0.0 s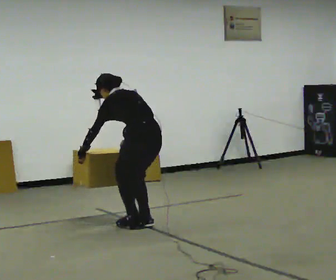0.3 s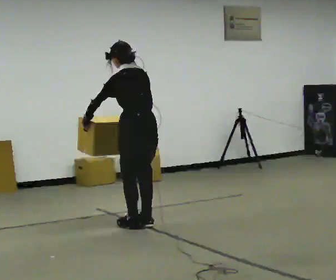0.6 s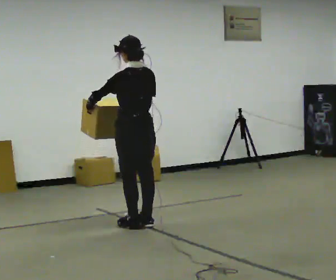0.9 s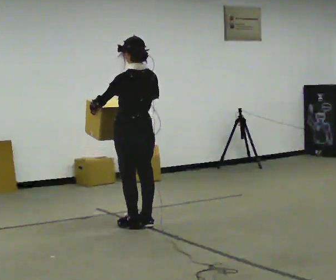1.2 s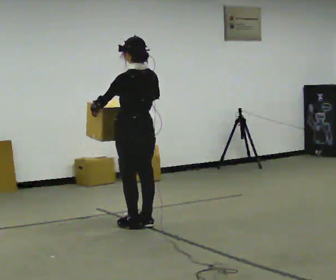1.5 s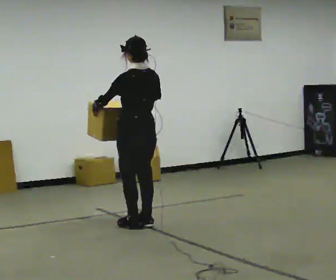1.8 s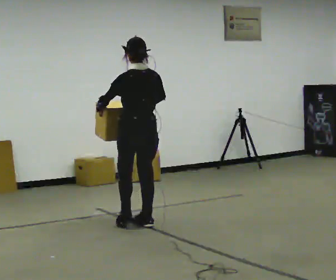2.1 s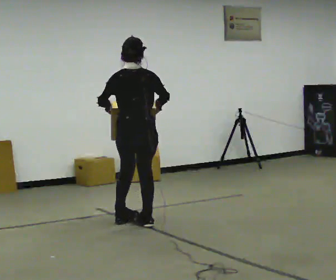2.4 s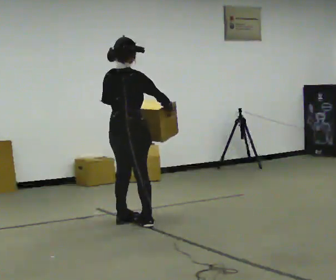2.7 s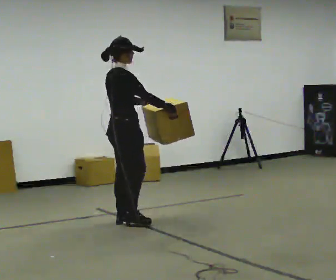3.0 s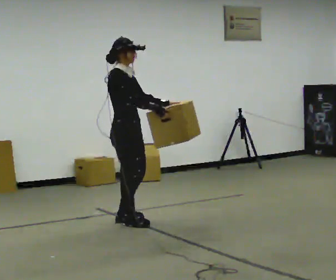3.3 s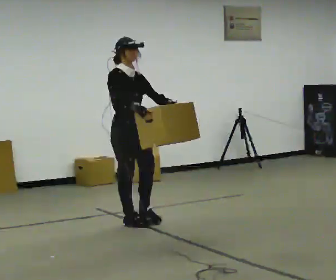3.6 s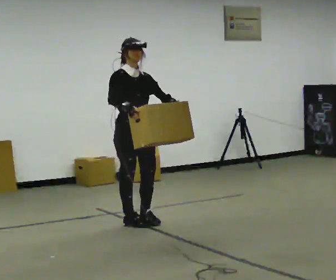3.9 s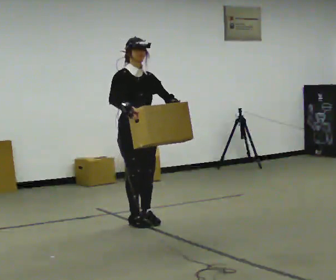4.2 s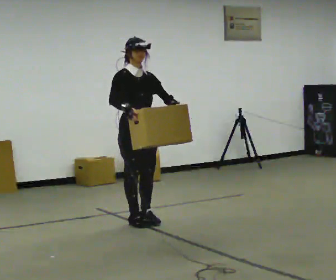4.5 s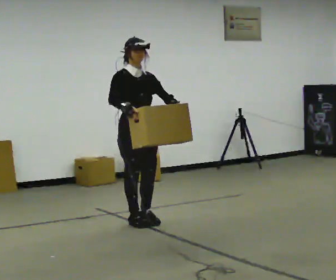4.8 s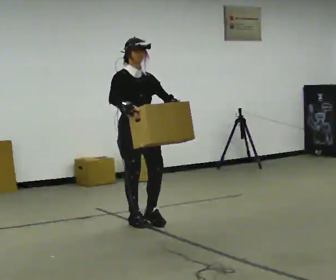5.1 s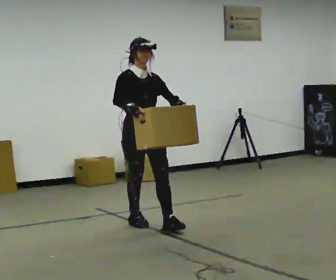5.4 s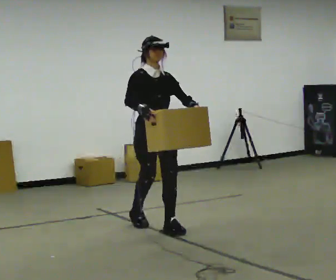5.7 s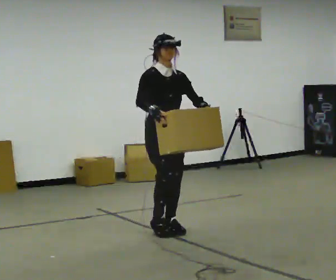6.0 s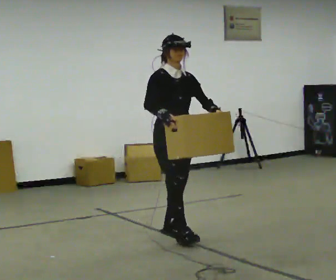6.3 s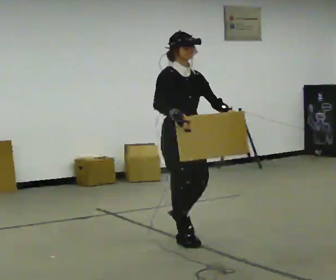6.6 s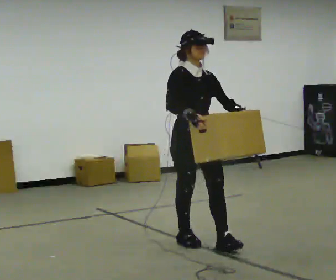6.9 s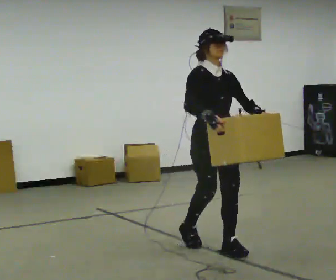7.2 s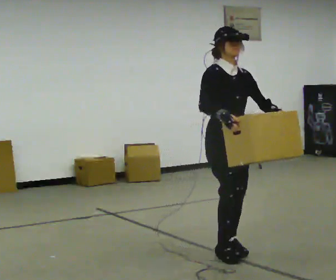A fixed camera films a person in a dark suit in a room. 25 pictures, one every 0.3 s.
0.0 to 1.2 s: The shoulders move upward. The upper body tips toward the camera, its near side rolling downward, as they lean back or straighten. In the picture their right hand goes upward.
1.2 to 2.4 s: The part of the body nearest the lens slides to the left as the person turns to their right by about 75 degrees.
2.4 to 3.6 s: The person turns about 105 degrees to their right, clockwise seen from above, so the part of the body nearest the lens slides to the left. In the picture their right hand goes to the left.
3.6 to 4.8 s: The person moves a little, or ends about where they began.
4.8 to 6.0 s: In the picture they go toward the camera and to the right, about 0.5 m in 2 steps, which for them is forward.
6.0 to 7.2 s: In the picture they go toward the camera and to the right, about 0.75 m in 1 step, which for them is forward.
The film runs forward here.
